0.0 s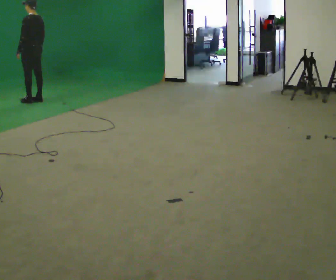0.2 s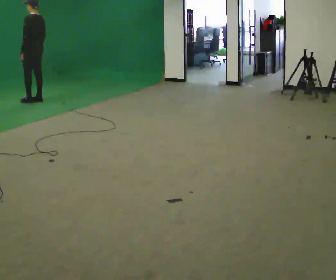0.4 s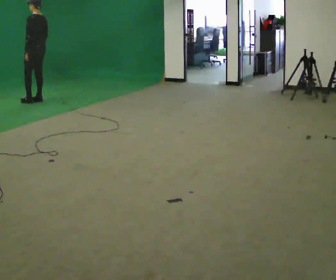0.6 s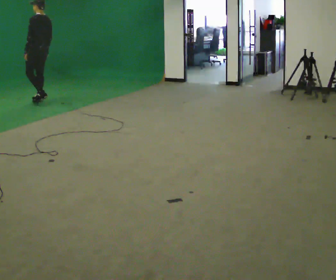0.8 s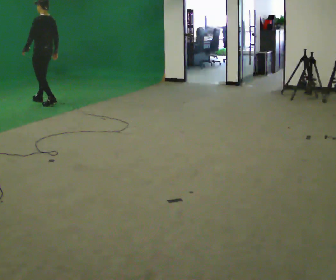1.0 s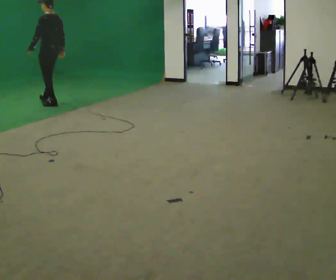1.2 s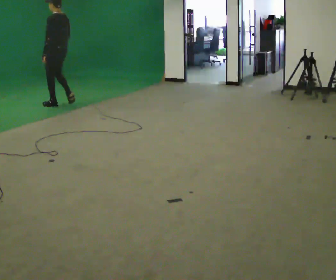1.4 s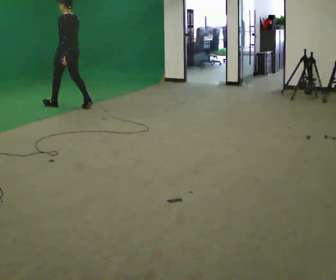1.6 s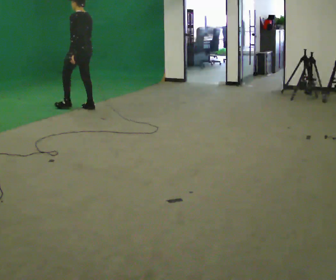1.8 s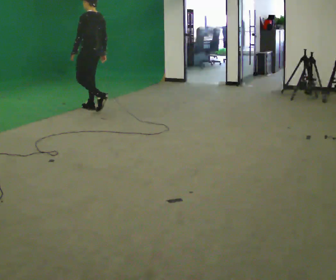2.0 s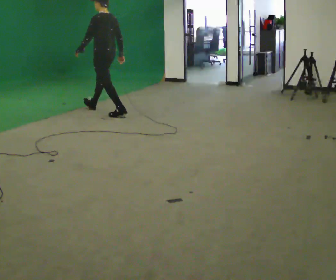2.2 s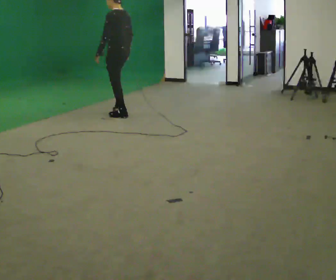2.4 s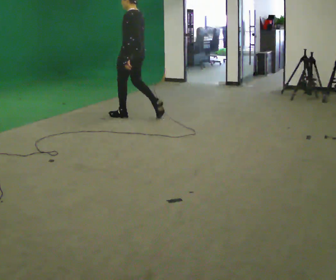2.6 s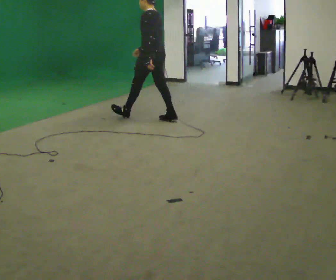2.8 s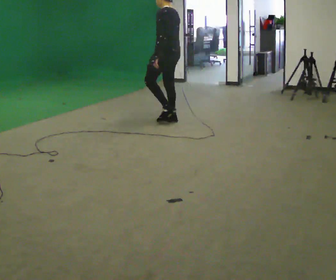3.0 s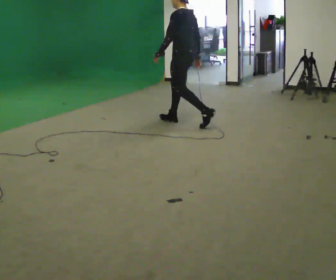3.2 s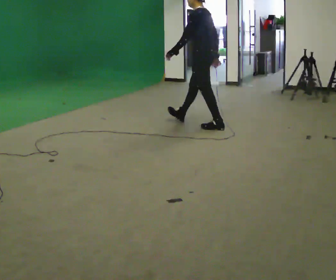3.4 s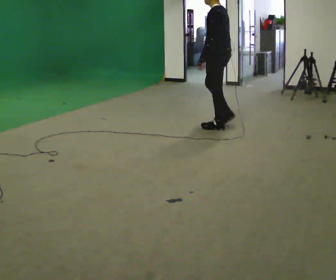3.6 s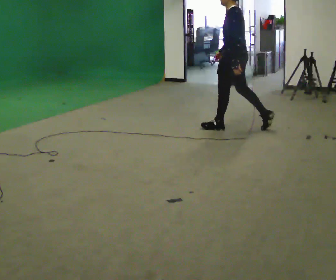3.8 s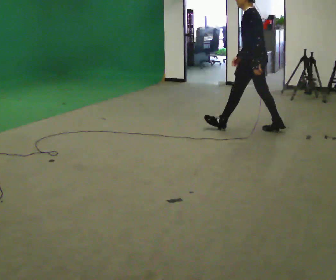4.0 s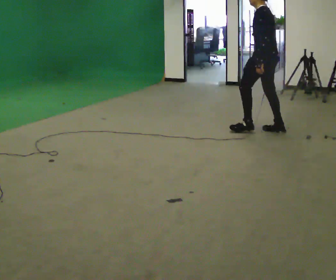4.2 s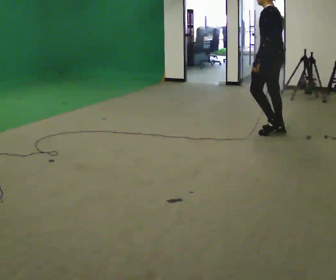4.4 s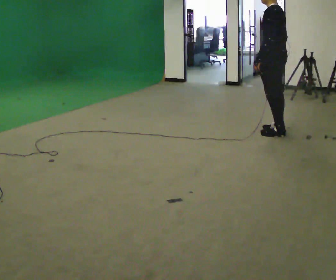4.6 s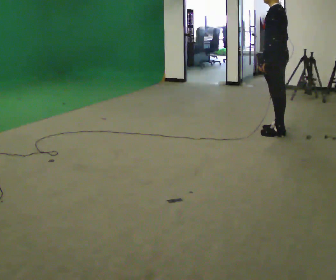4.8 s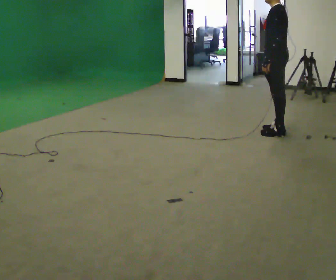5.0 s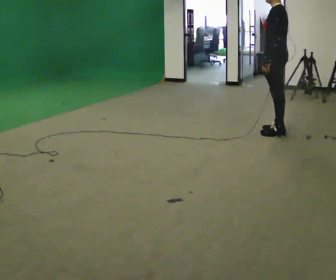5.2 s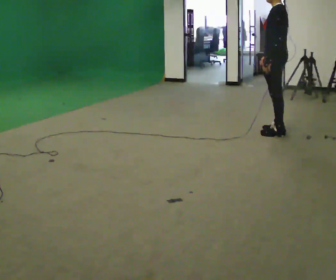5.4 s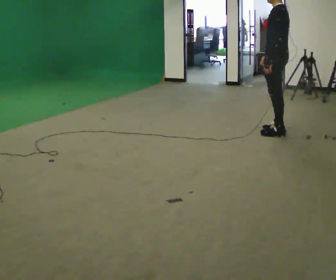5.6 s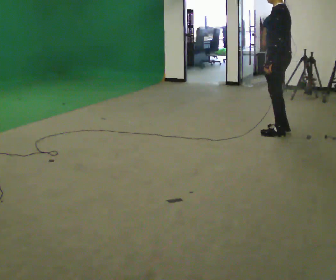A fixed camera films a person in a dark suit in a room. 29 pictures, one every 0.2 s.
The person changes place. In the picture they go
to the right.
0.0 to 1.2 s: In the picture they go to the right and toward the camera, about 0.5 m in 2 steps, which for them is backward.
1.2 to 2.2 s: In the picture they go to the right and toward the camera, about 1 m in 2 steps, which for them is backward.
2.2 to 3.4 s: In the picture they go to the right and toward the camera, about 1.5 m in 2 steps, which for them is backward.
3.4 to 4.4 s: In the picture they go to the right and toward the camera, about 0.75 m in 1 step, which for them is backward.
4.4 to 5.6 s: The person moves a little, or ends about where they began.
The film runs backward here.
